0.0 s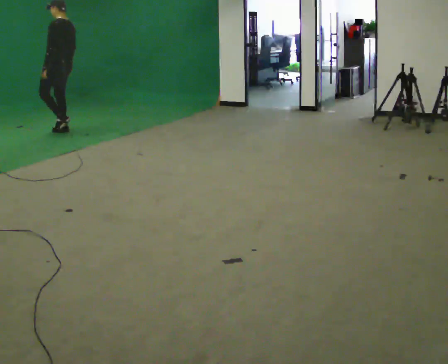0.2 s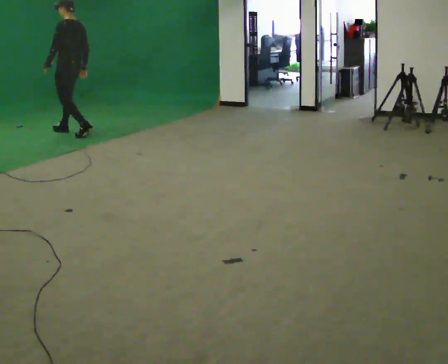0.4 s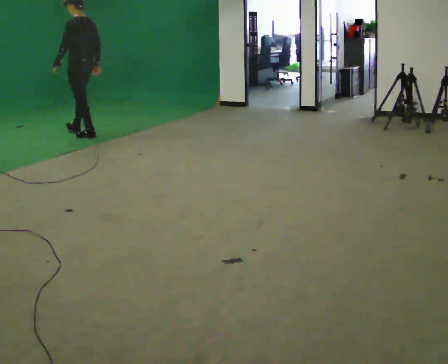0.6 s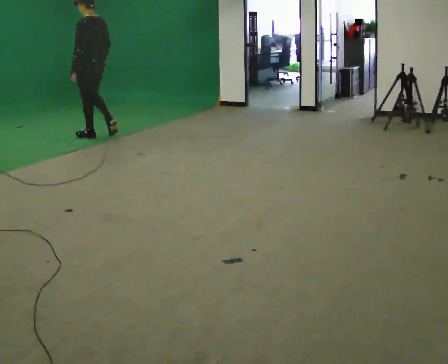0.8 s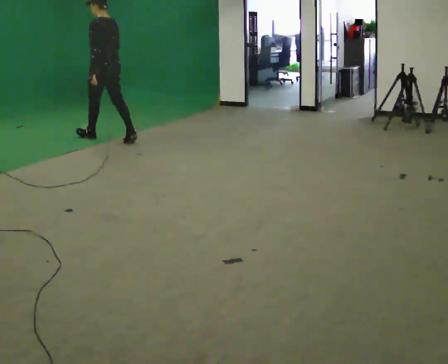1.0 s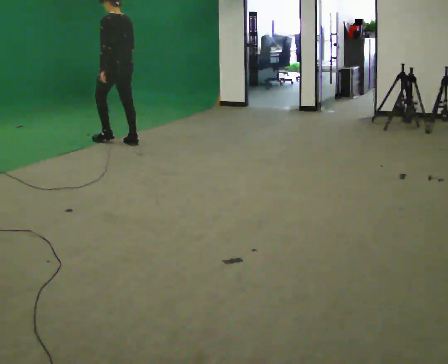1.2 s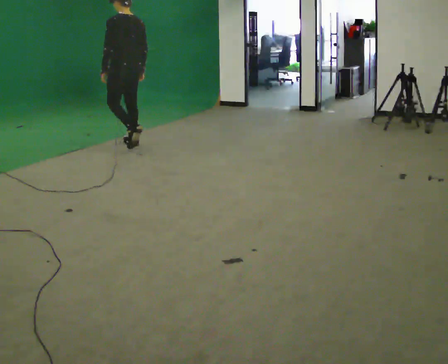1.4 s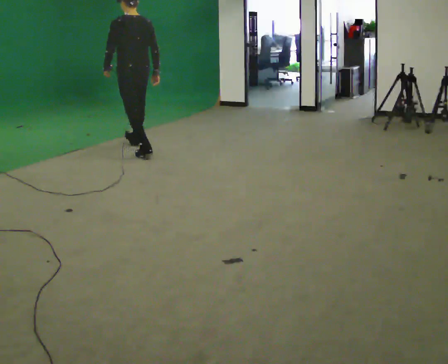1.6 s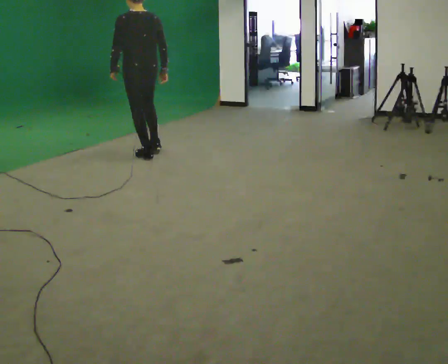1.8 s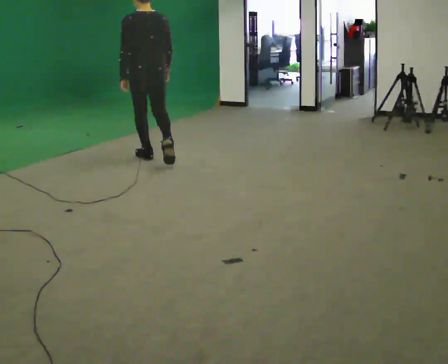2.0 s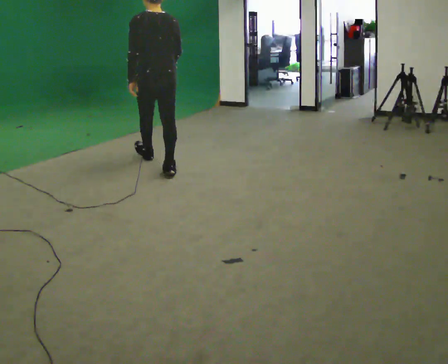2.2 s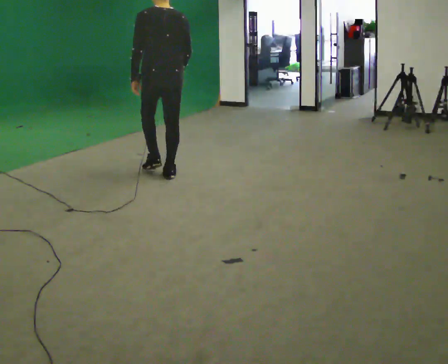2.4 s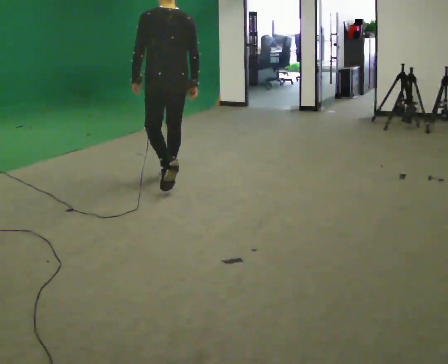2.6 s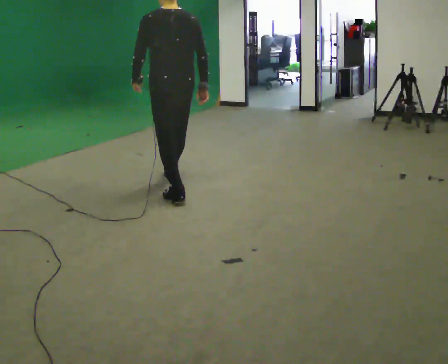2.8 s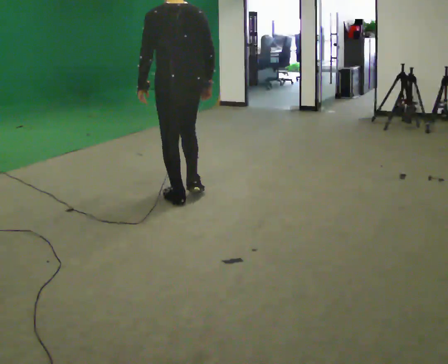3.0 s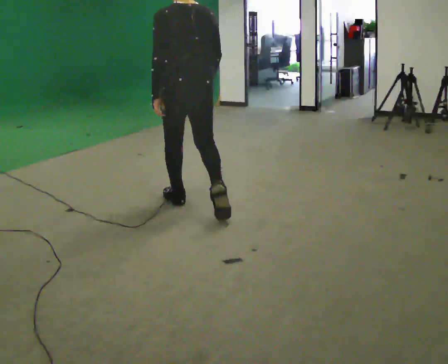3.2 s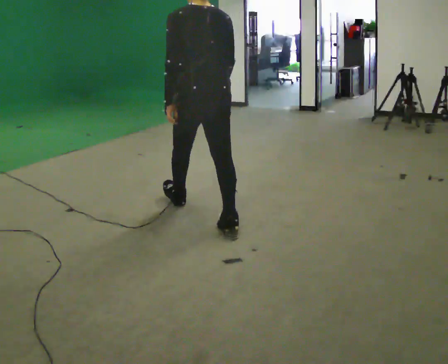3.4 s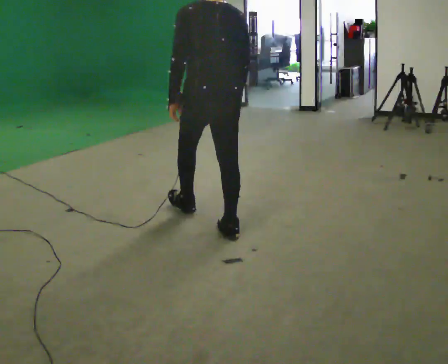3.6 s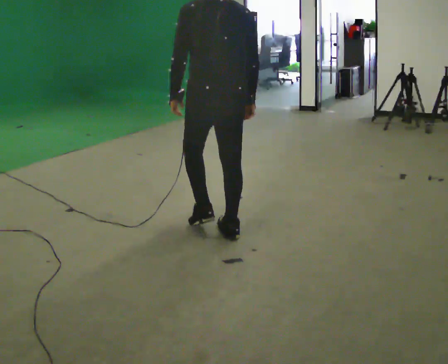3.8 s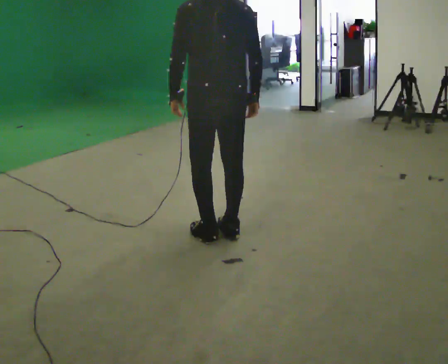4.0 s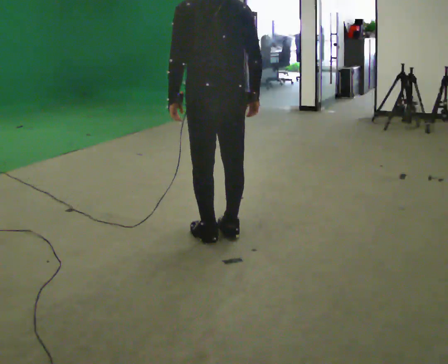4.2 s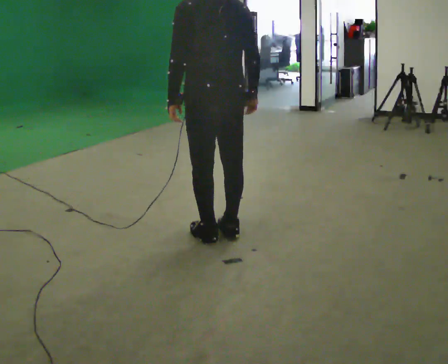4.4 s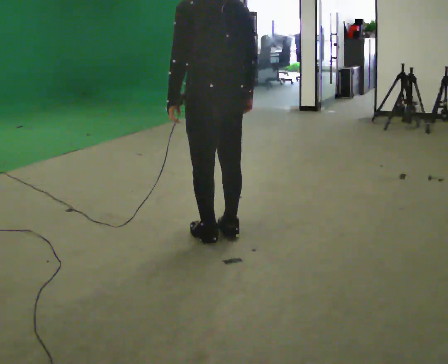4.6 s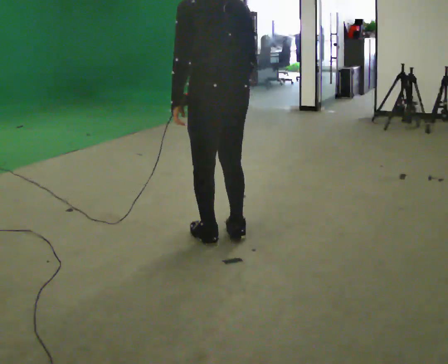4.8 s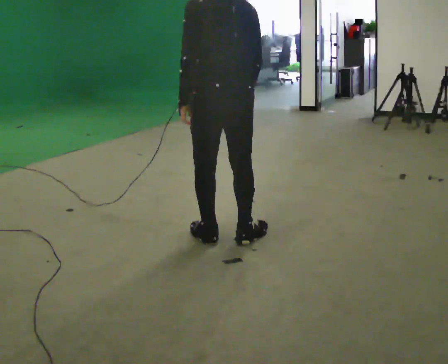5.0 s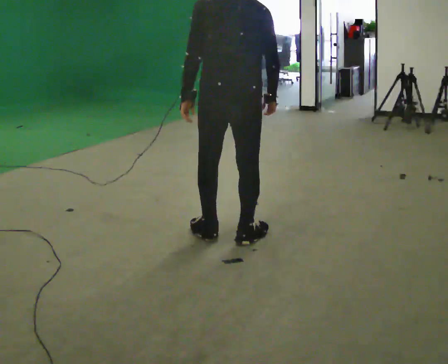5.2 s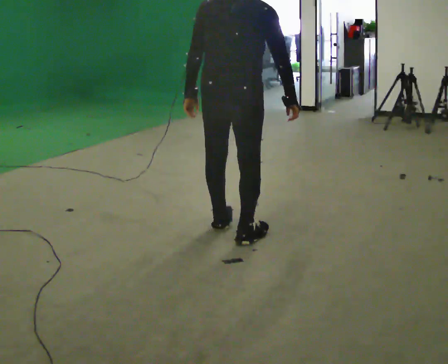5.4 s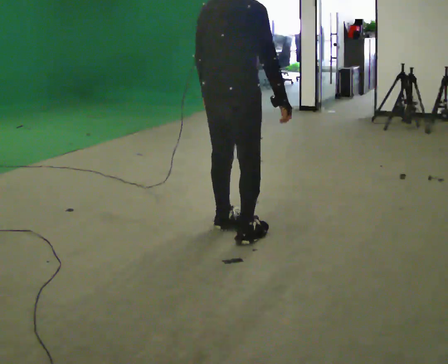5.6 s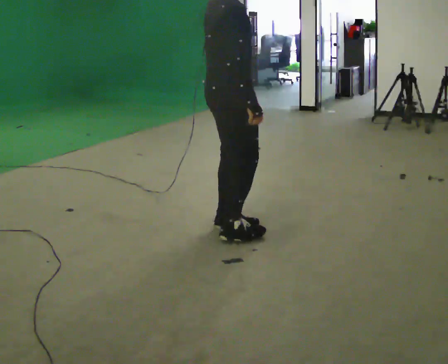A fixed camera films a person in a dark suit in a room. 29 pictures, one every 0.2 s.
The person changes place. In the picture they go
toward the camera.
0.0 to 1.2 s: The person turns about 30 degrees to their right, clockwise seen from above, so the part of the body nearest the lens slides to the left. In the picture they go to the right and toward the camera, about 1 m in 2 steps, which for them is backward.
1.2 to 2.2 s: The person turns about 30 degrees to their right, clockwise seen from above, so the part of the body nearest the lens slides to the left. In the picture they go toward the camera and to the right, about 1 m in 2 steps, which for them is backward.
2.2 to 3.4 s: In the picture they go toward the camera, about 1.5 m in 2 steps, which for them is backward.
3.4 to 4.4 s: In the picture they go toward the camera, about 0.25 m, which for them is backward.
4.4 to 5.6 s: Seen from above the body turns clockwise, about 90 degrees: to their right, with its near side sliding to the left.
The film runs backward here.
